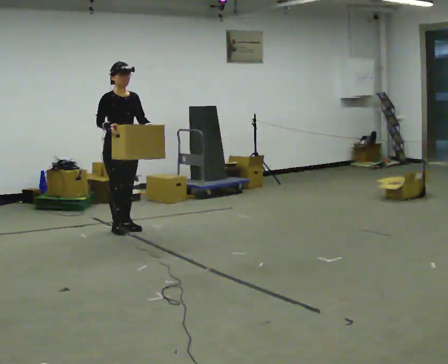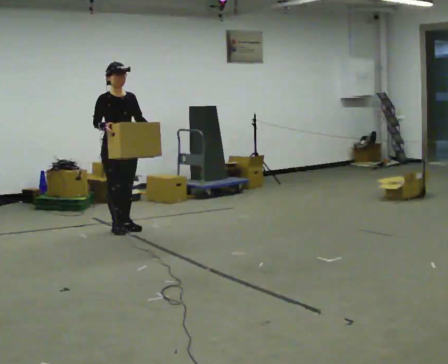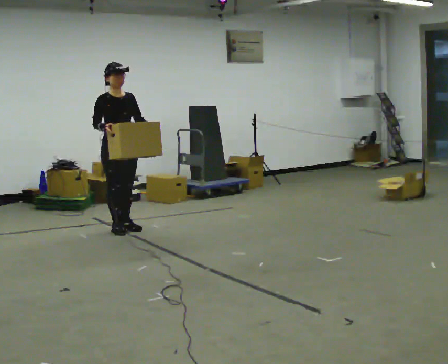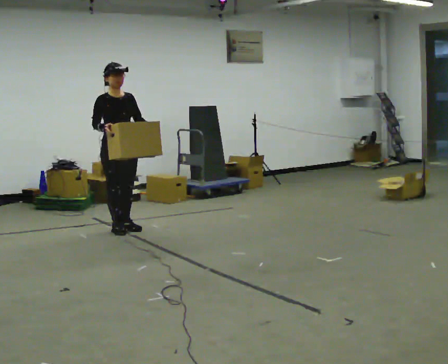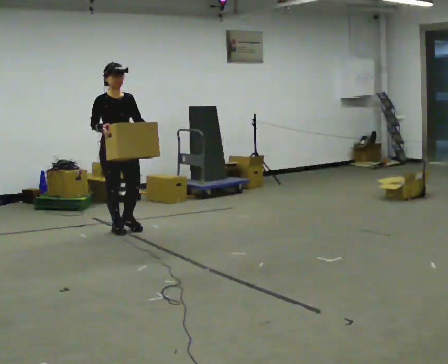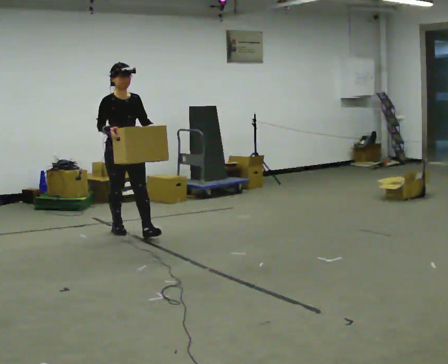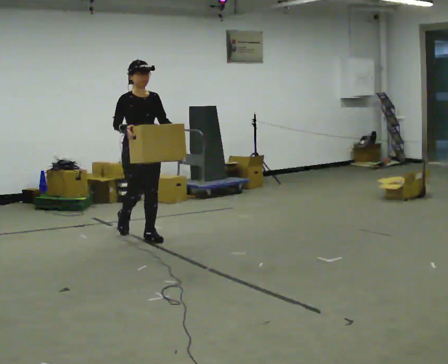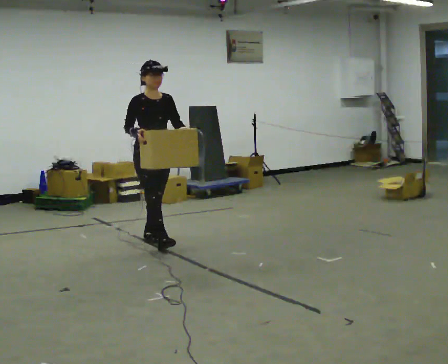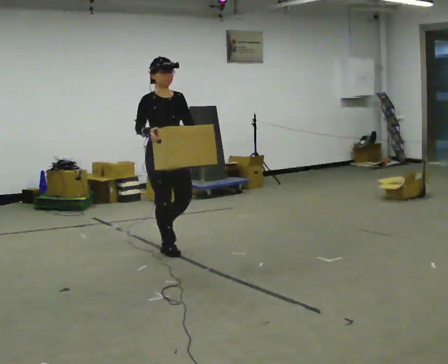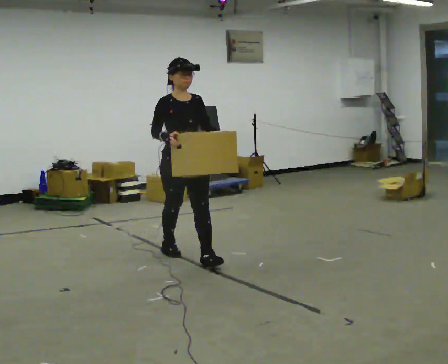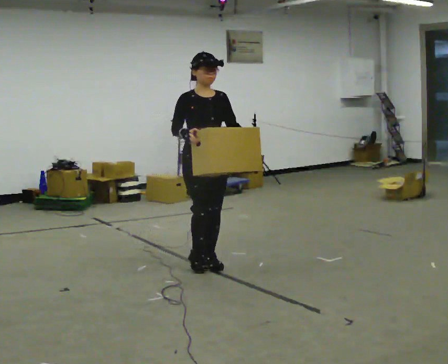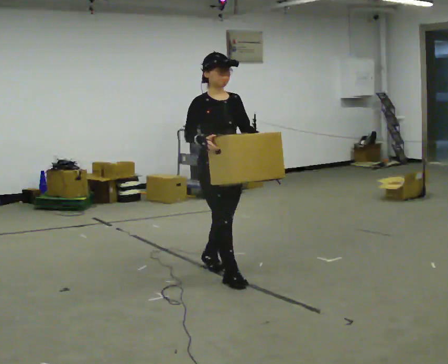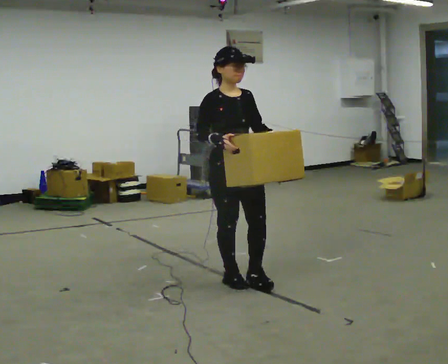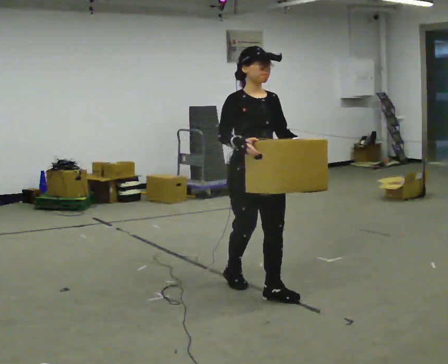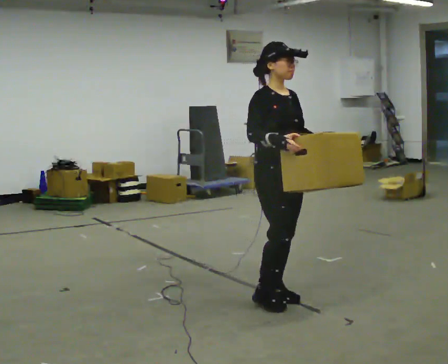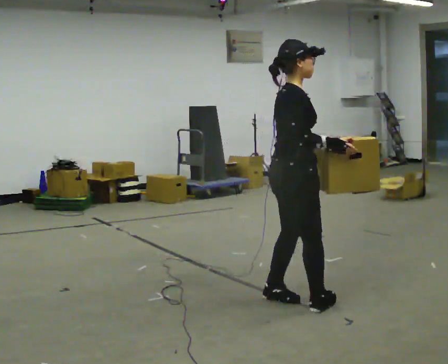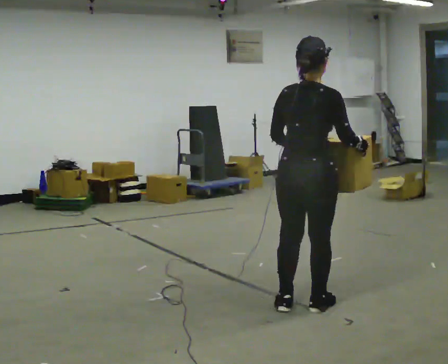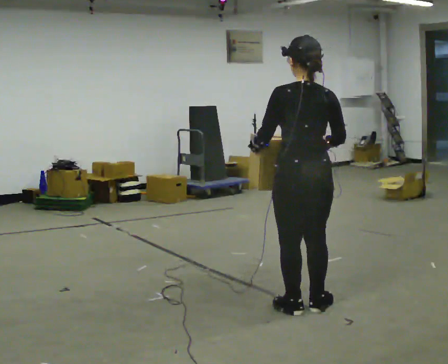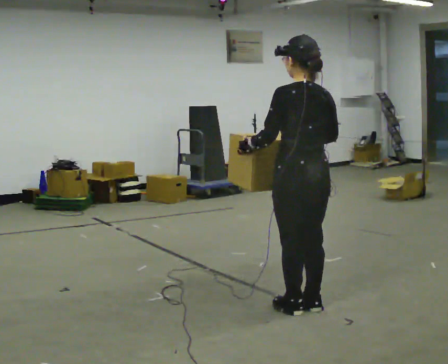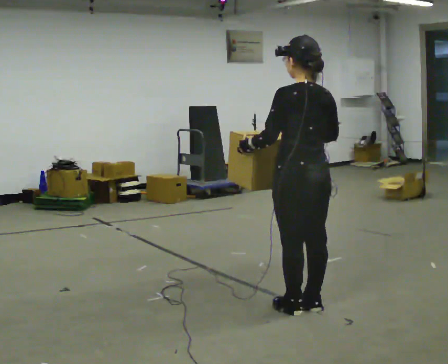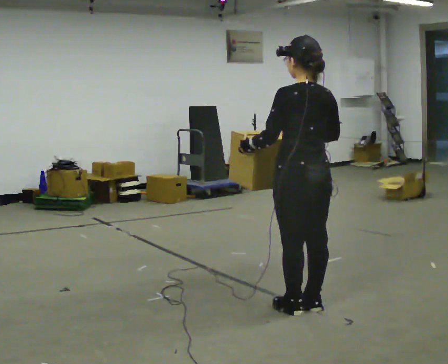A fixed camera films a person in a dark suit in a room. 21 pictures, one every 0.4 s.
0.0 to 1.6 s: The person moves a little, or ends about where they began.
1.6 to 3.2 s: In the picture they go toward the camera and to the right, about 1 m in 2 steps, which for them is forward.
3.2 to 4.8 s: In the picture they go toward the camera and to the right, about 1 m in 2 steps, which for them is forward.
4.8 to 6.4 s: The person turns about 120 degrees to their left, counterclockwise seen from above, so the part of the body nearest the lens slides to the right. In the picture they go toward the camera and to the right, about 0.5 m in 2 steps.
6.4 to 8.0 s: The person turns about 60 degrees to their left, counterclockwise seen from above, so the part of the body nearest the lens slides to the right.
The film runs forward here.
